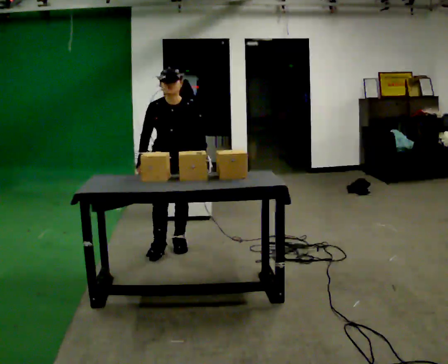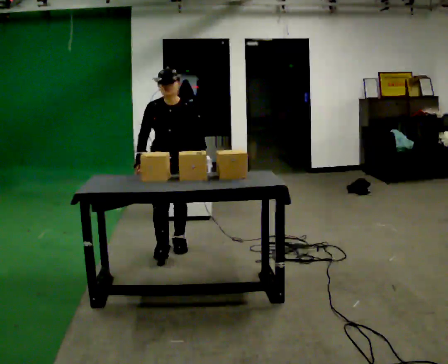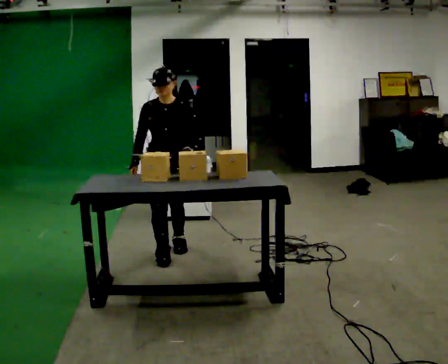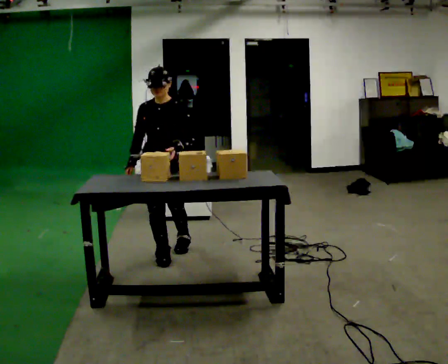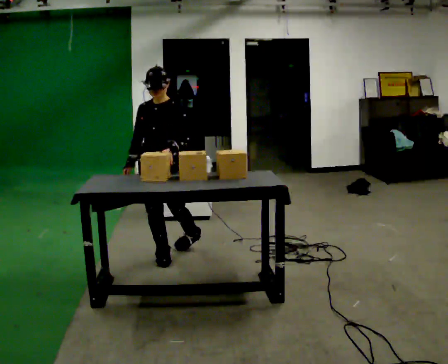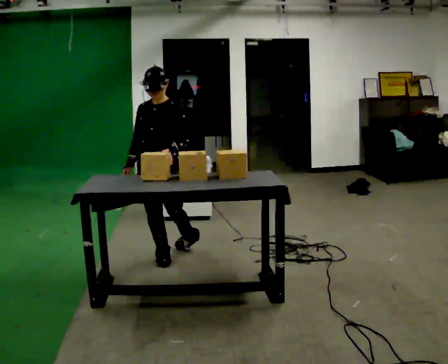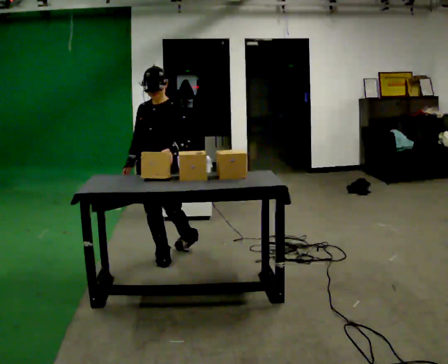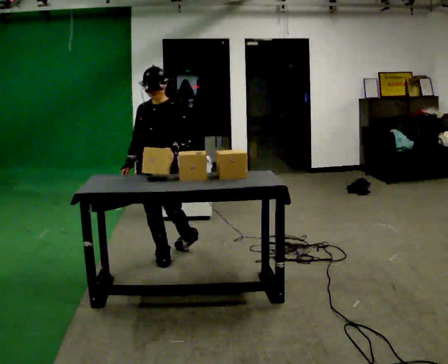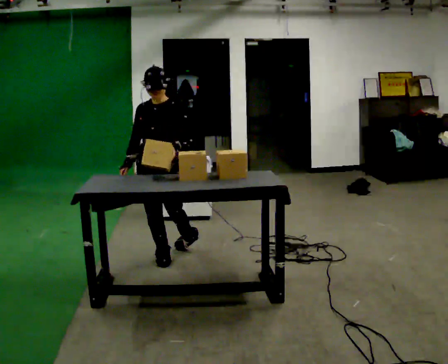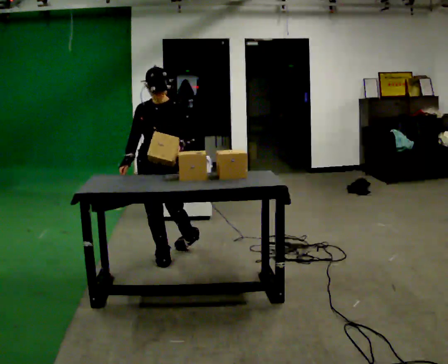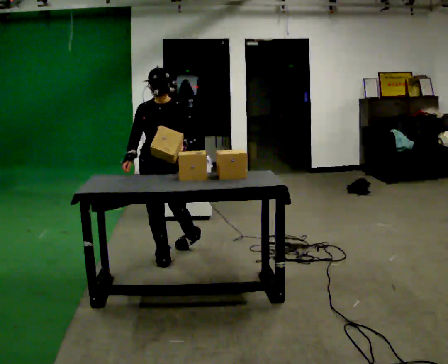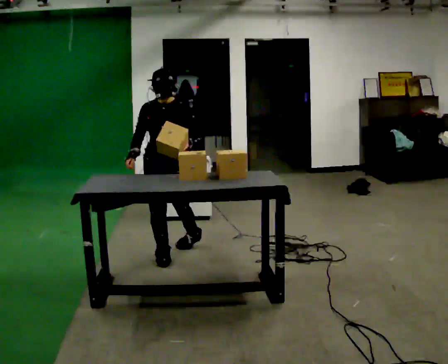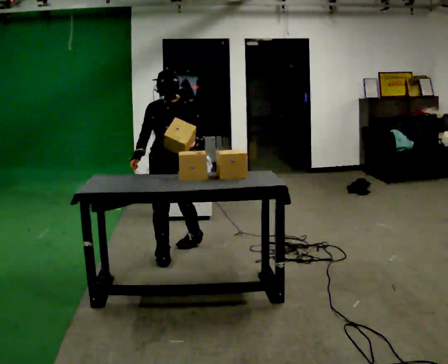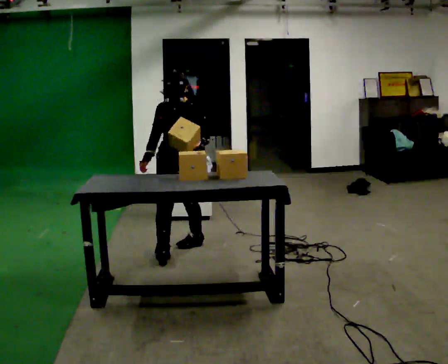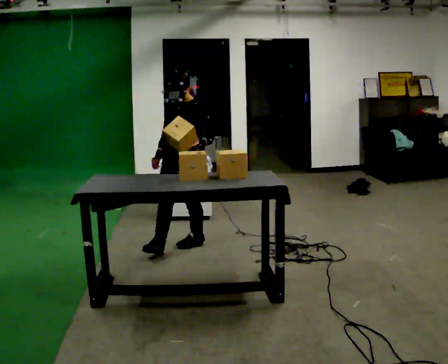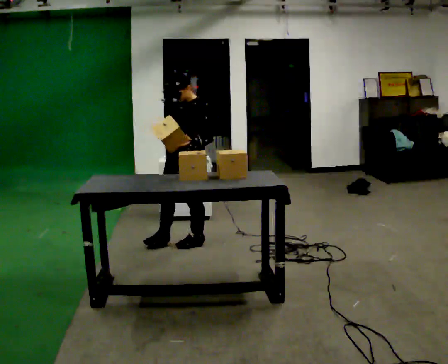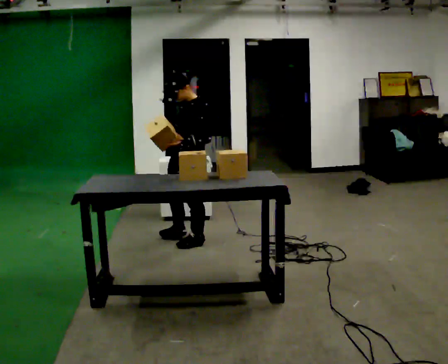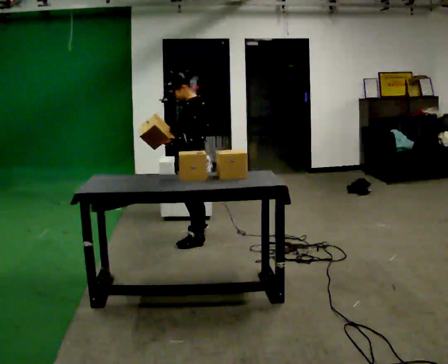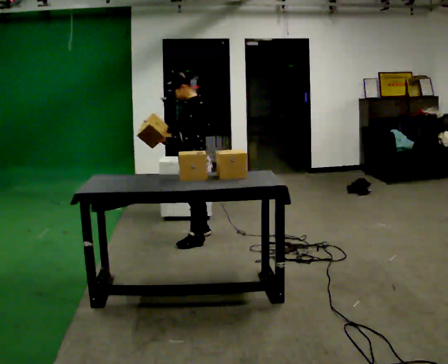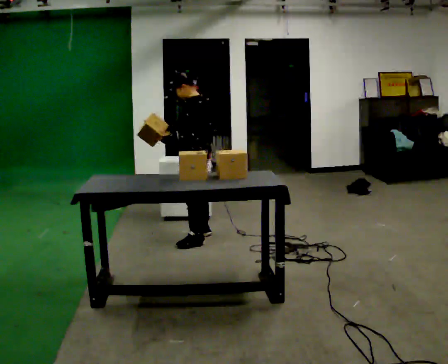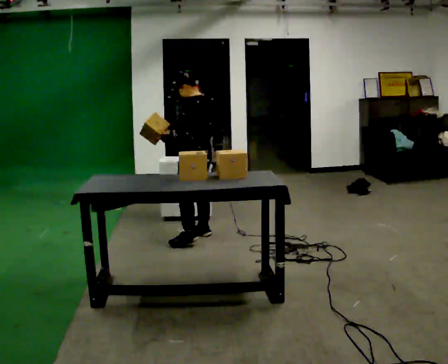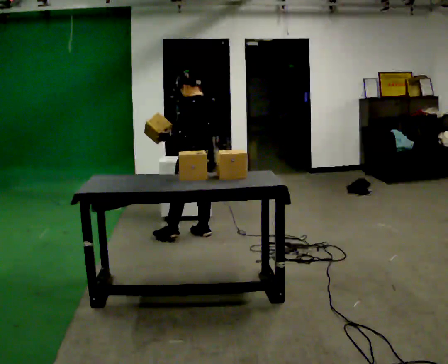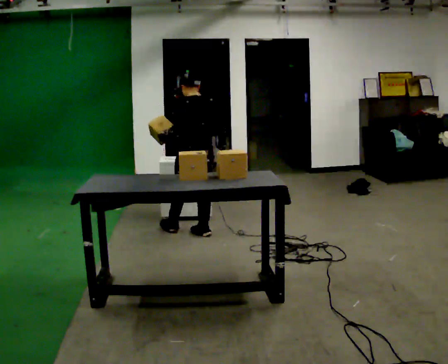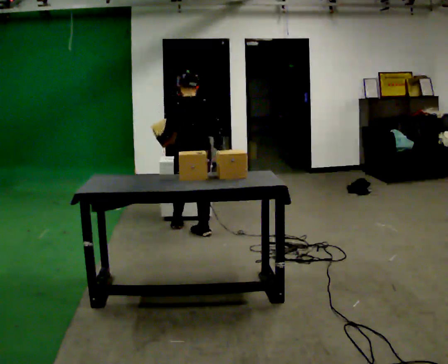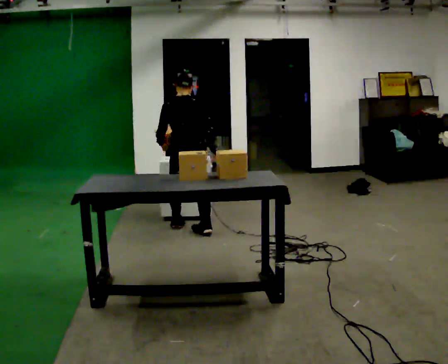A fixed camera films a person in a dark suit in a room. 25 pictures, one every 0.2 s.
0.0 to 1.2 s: In the picture they go toward the camera, about 0.25 m in 1 step, which for them is forward.
1.2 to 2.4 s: The person moves a little, or ends about where they began.
2.4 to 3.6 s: The person turns about 90 degrees to their right, clockwise seen from above, so the part of the body nearest the lens slides to the left. In the picture they go away from the camera and to the right, about 0.5 m in 1 step.
3.6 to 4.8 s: The part of the body nearest the lens slides to the left as the person turns to their right by about 90 degrees. In the picture they go away from the camera, about 0.25 m in 1 step.
The film runs backward here.
